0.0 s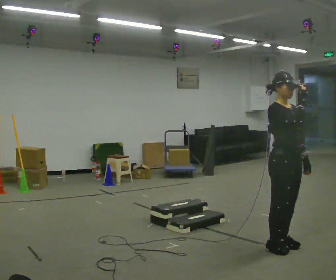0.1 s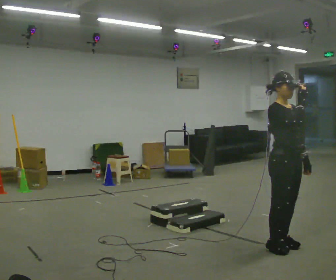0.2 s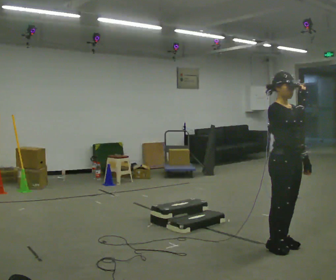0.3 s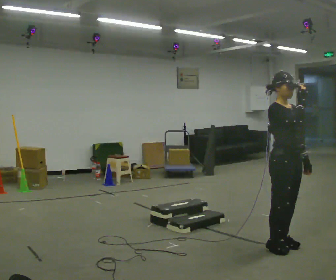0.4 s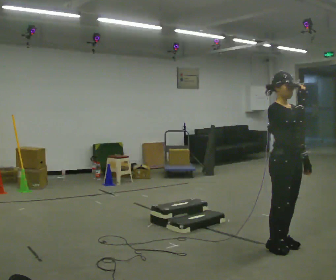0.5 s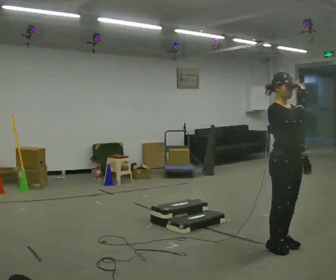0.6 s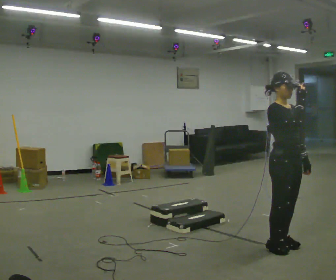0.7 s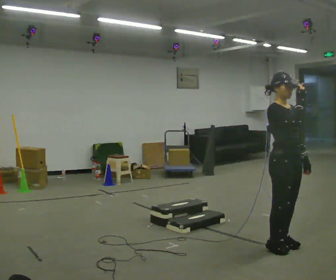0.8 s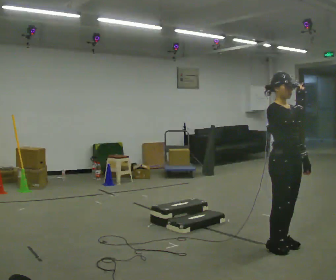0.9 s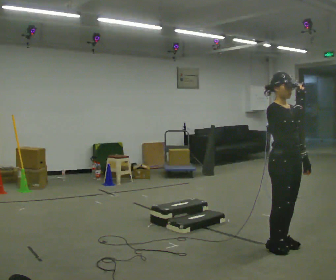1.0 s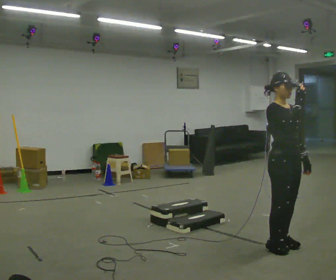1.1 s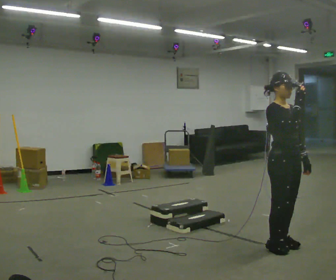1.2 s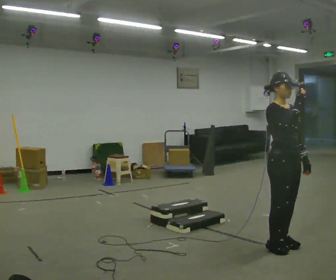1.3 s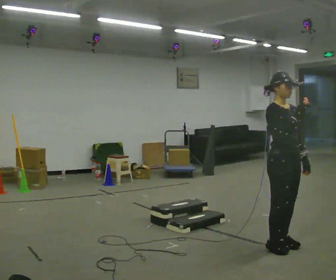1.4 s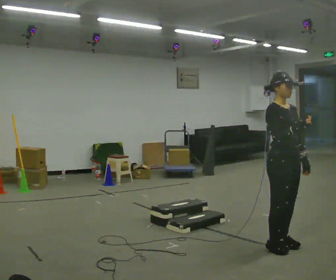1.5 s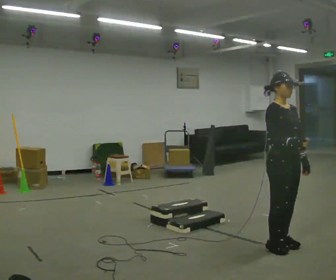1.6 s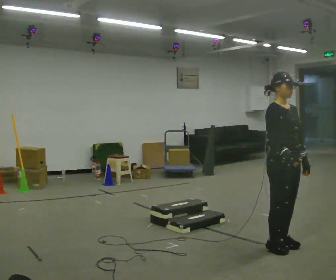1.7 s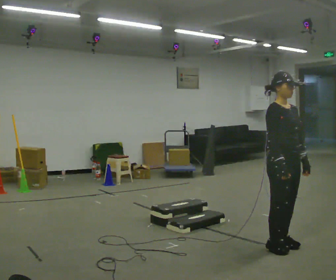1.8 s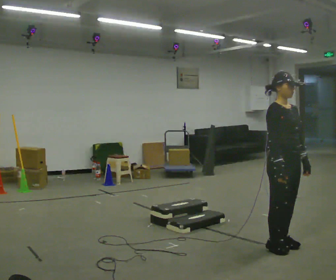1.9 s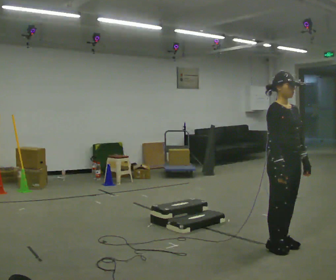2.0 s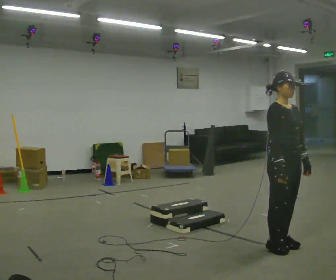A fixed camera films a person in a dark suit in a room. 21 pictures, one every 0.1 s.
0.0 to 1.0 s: The person keeps their place and pose.
1.0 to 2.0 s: In the picture their right hand goes downward.
The film runs backward here.
